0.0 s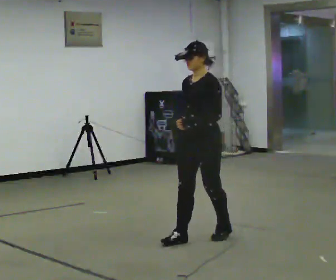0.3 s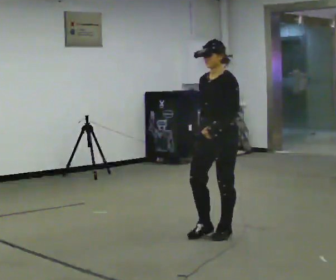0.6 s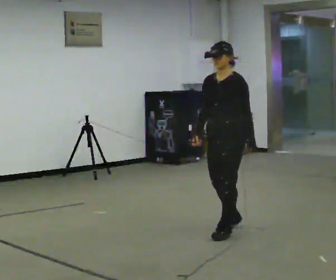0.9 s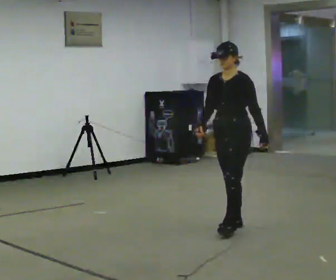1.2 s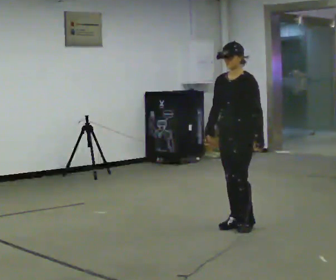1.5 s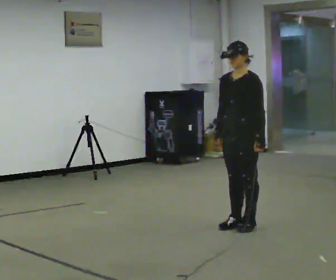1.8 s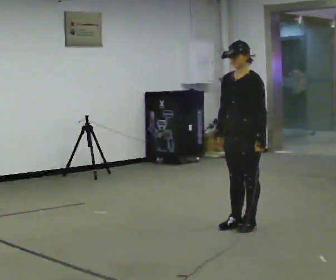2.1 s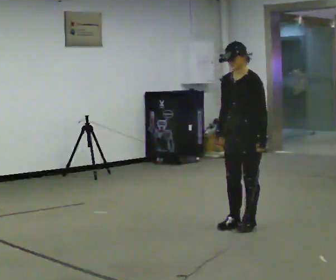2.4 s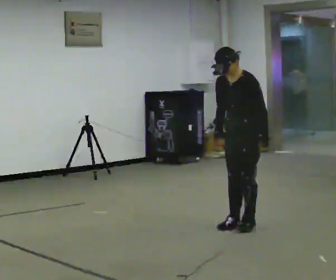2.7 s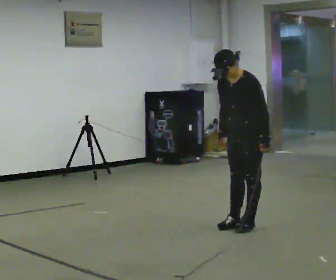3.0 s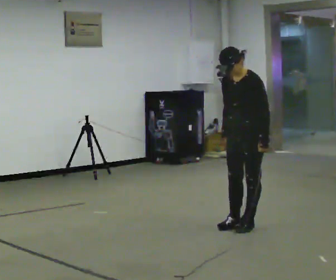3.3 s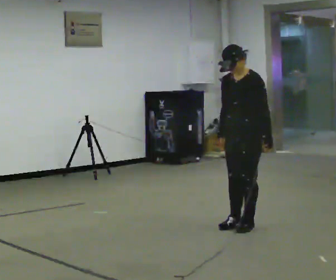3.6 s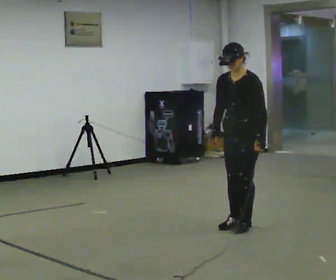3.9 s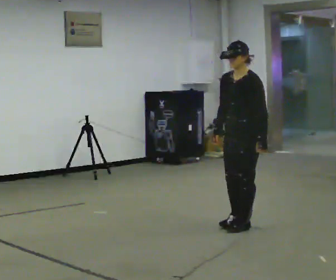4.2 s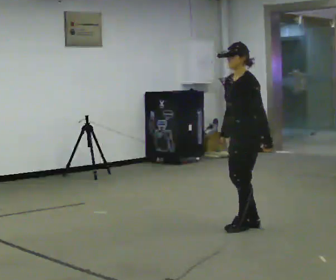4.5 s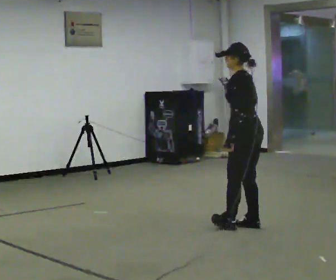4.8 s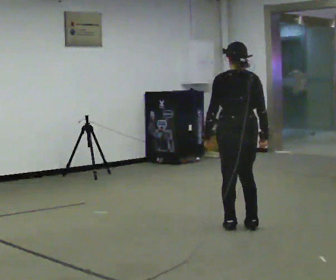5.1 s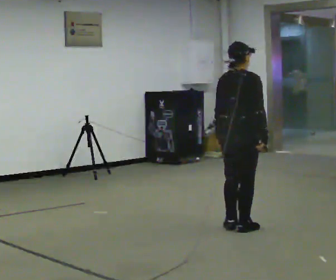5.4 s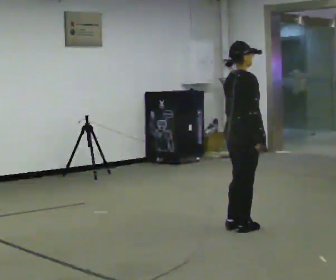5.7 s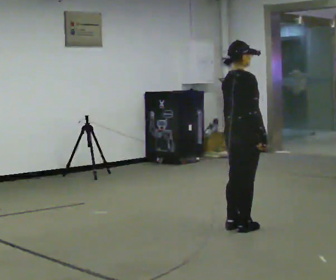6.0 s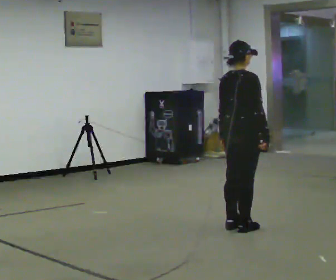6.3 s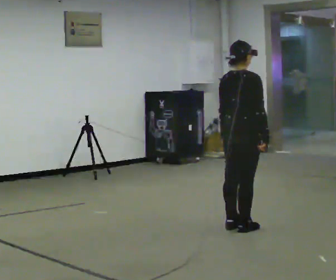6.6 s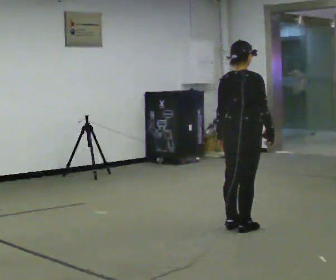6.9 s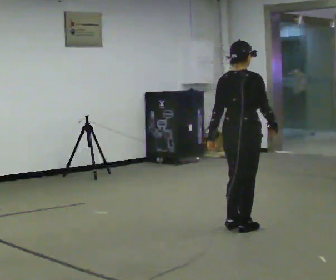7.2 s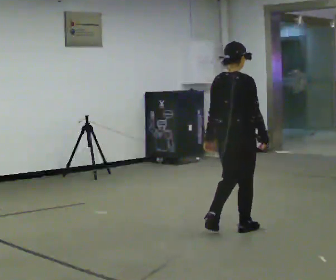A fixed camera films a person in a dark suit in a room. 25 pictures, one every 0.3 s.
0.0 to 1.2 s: In the picture they go away from the camera and to the right, about 0.5 m in 2 steps, which for them is backward.
1.2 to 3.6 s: The person moves a little, or ends about where they began.
3.6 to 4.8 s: Seen from above the body turns clockwise, about 120 degrees: to their right, with its near side sliding to the left. In the picture their left hand goes to the left, the arm swinging clockwise.
4.8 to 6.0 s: The part of the body nearest the lens slides to the left as the person turns to their right by about 75 degrees.
6.0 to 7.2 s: The person moves a little, or ends about where they began.
The film runs backward here.
